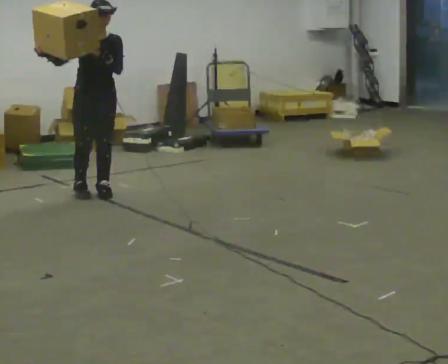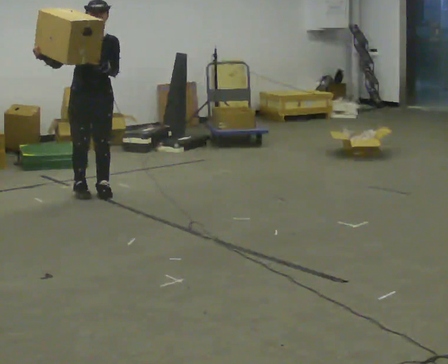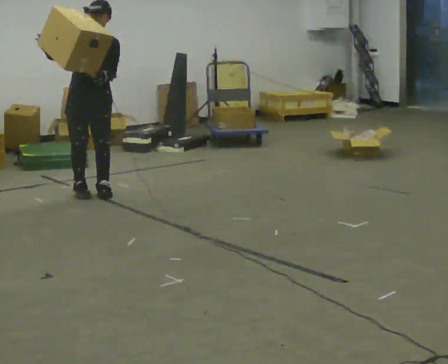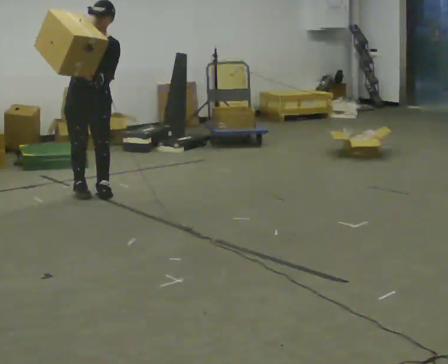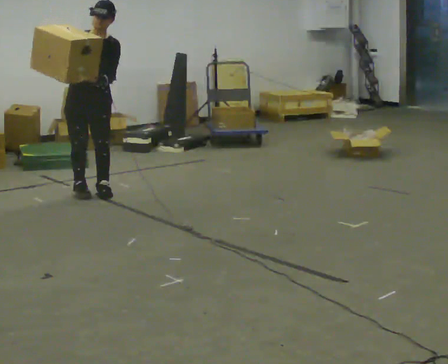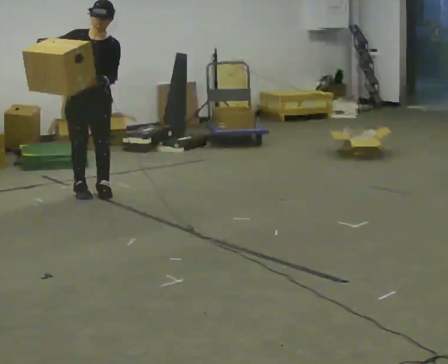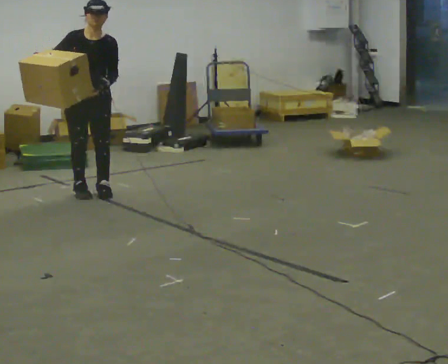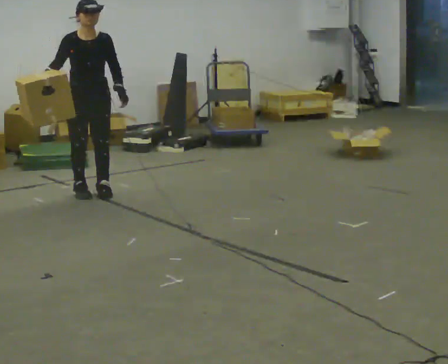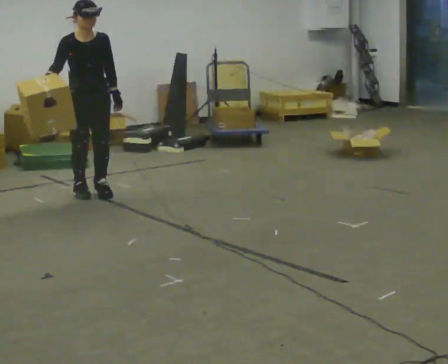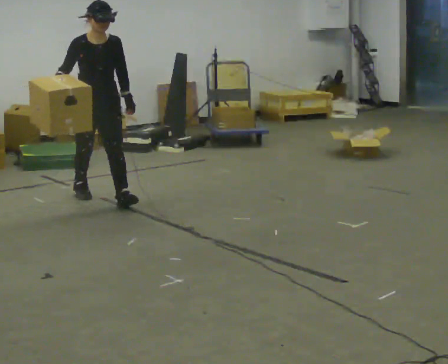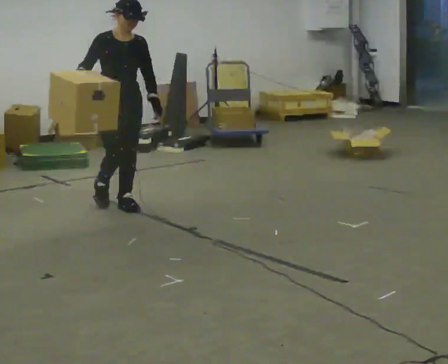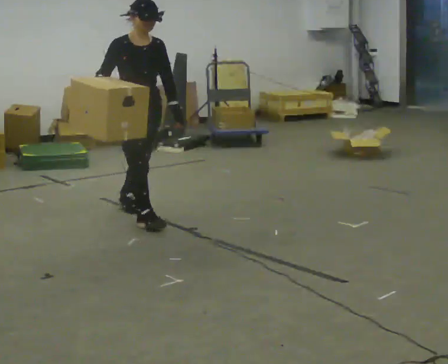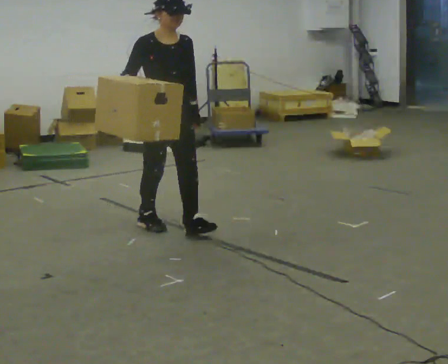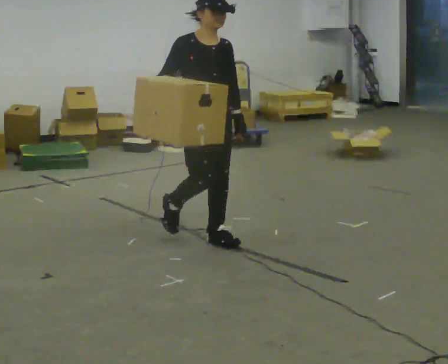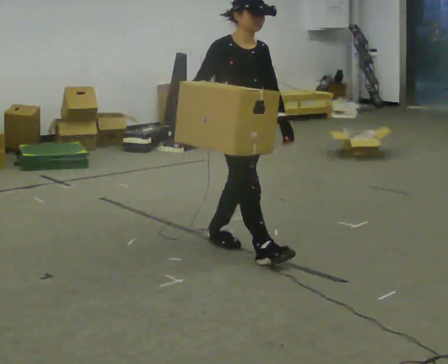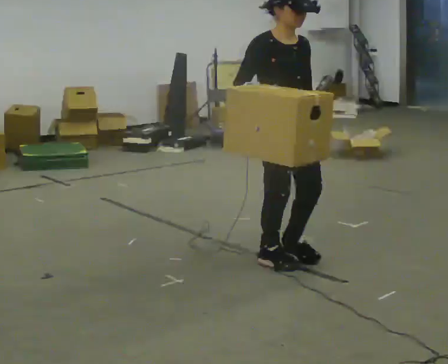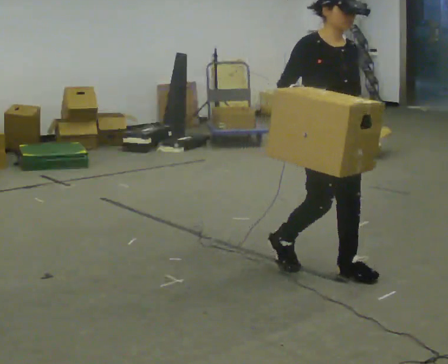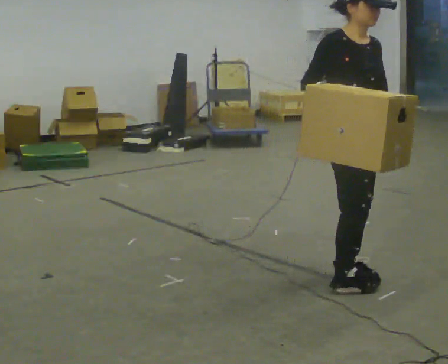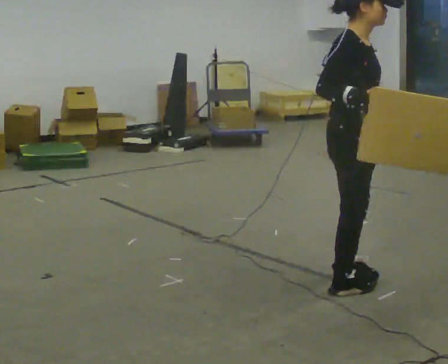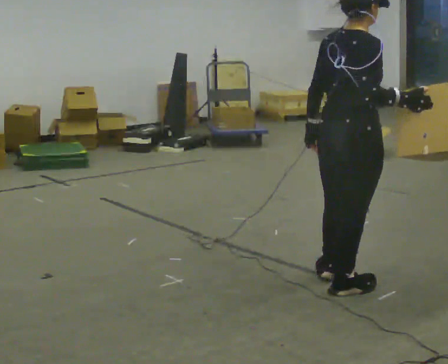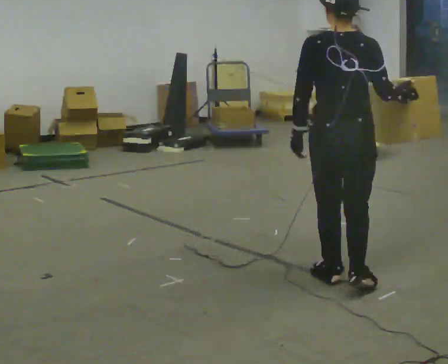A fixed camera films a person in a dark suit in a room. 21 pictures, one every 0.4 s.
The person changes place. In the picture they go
toward the camera.
0.0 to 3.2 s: The person moves a little, or ends about where they began.
3.2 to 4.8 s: In the picture they go toward the camera and to the right, about 1 m in 2 steps, which for them is forward.
4.8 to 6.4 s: In the picture they go toward the camera and to the right, about 1 m in 3 steps, which for them is forward.
6.4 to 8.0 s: The person turns about 150 degrees to their left, counterclockwise seen from above, so the part of the body nearest the lens slides to the right. In the picture they go toward the camera, about 0.25 m in 1 step. In the picture their right hand goes to the right.
The film runs forward here.
